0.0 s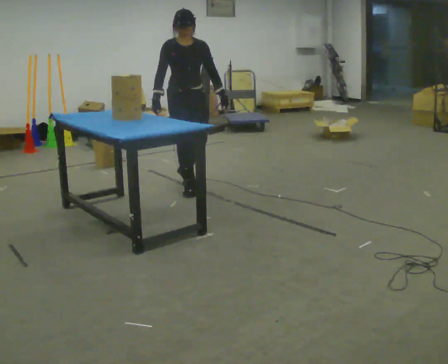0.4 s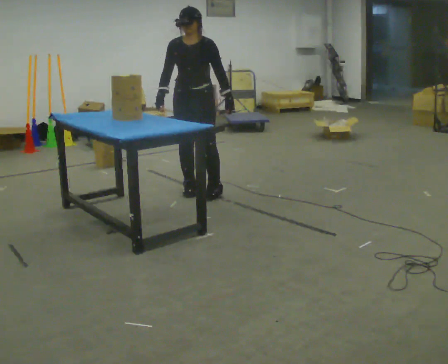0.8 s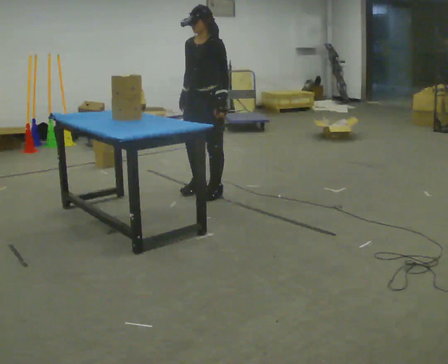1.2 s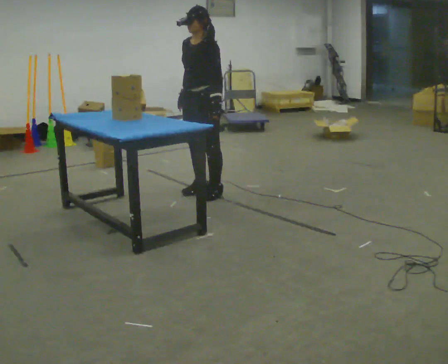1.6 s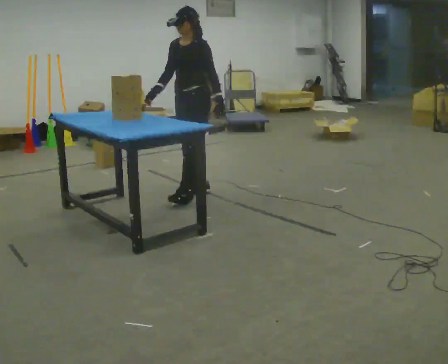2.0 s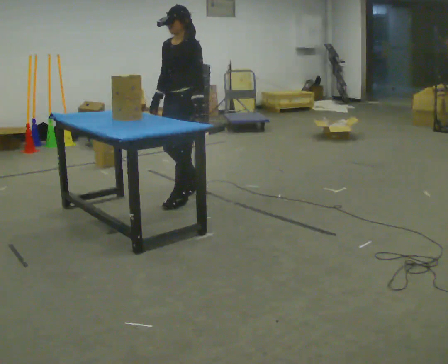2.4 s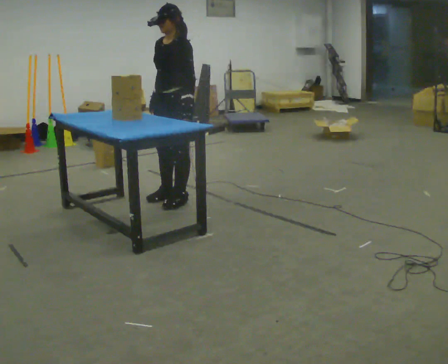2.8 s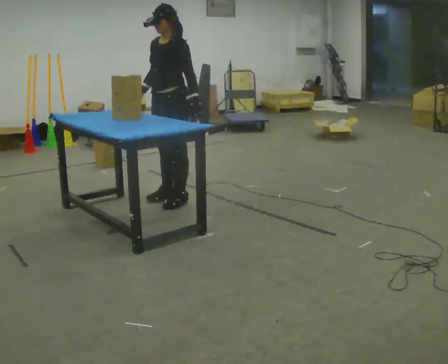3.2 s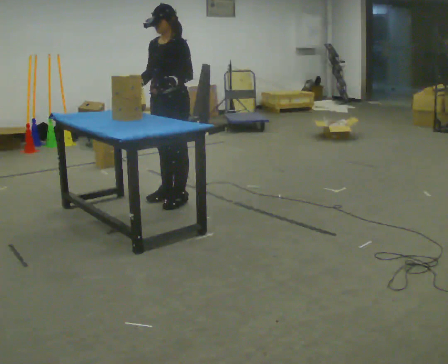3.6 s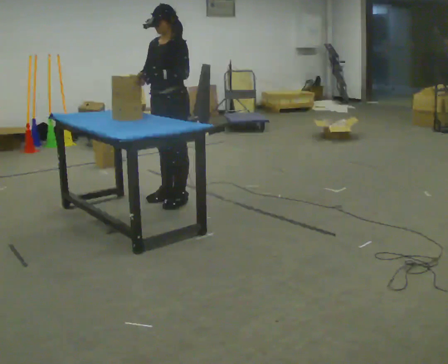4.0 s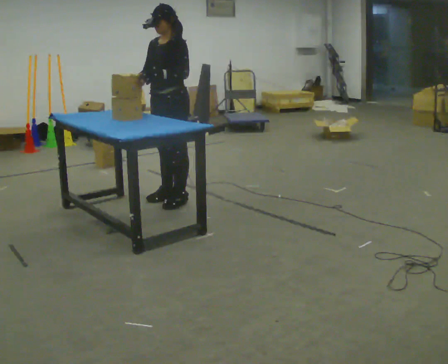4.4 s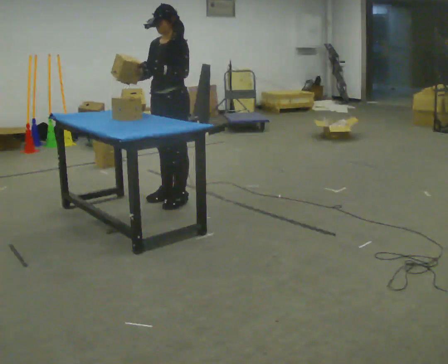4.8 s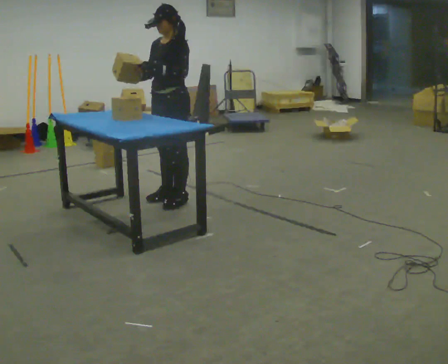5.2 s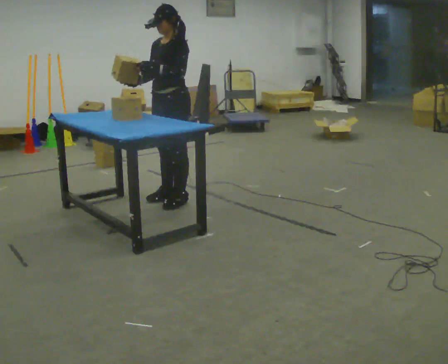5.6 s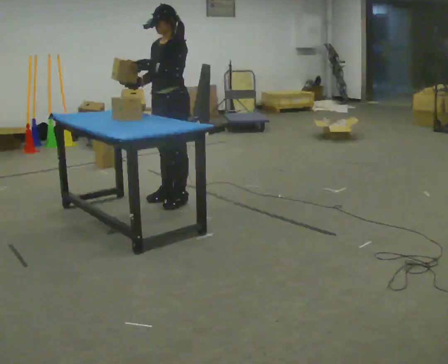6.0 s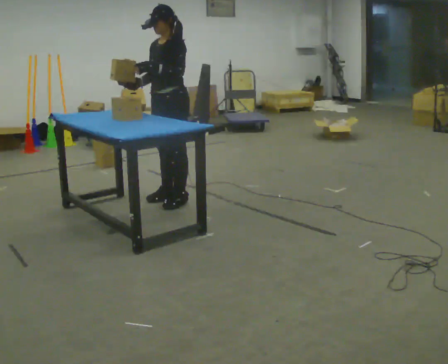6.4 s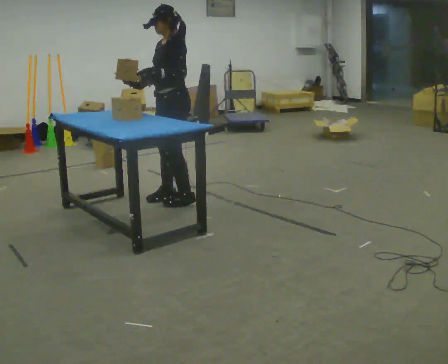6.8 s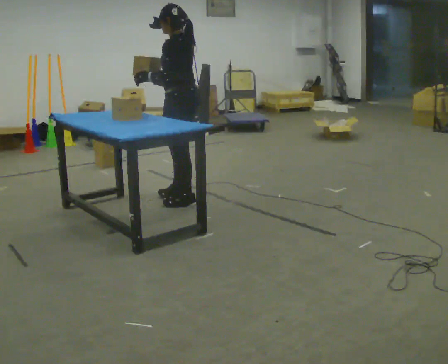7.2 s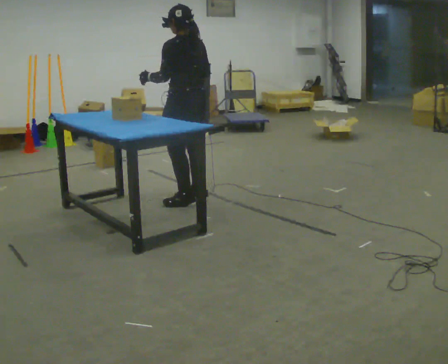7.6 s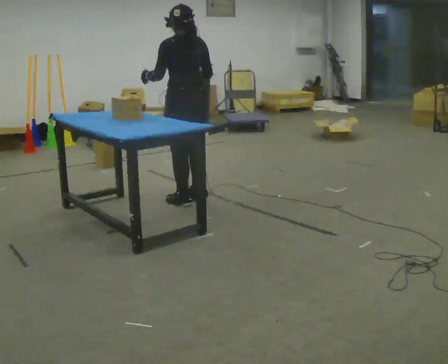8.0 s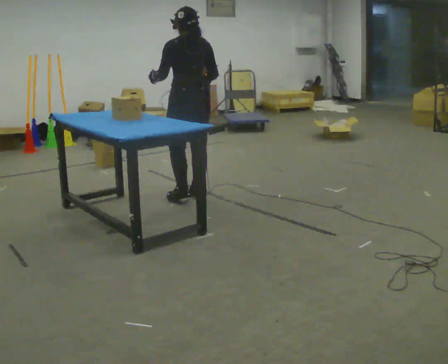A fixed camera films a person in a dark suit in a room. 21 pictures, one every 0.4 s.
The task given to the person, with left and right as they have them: Pick the object up off the floor using only the hand the operator calls, then carry it to the table in that same hand. Keep going until the operator says stop; one object at a time, and do not rush between trips.
0.0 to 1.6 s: Seen from above the body turns clockwise, about 75 degrees: to their right, with its near side sliding to the left. In the picture they go toward the camera, about 0.25 m in 1 step.
1.6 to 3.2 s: In the picture they go to the left, about 0.25 m in 2 steps, which for them is forward. In the picture their left hand goes to the left.
3.2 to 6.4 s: The part of the body nearest the lens slides to the left as the person turns to their right by about 30 degrees.
6.4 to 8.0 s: Seen from above the body turns clockwise, about 75 degrees: to their right, with its near side sliding to the left. In the picture their right hand goes to the right, the arm swinging counterclockwise.
The film runs forward here.
